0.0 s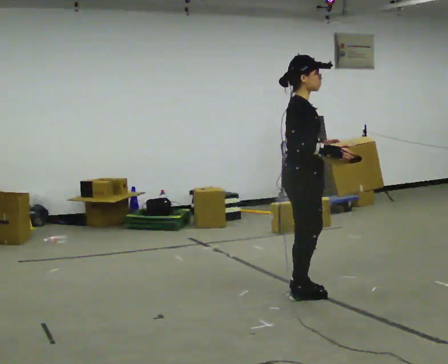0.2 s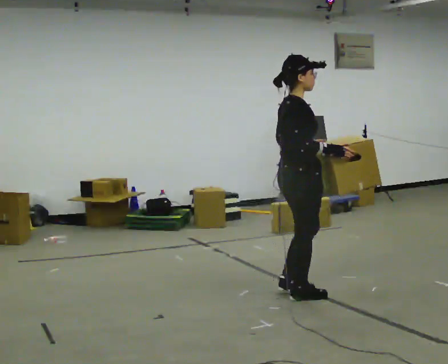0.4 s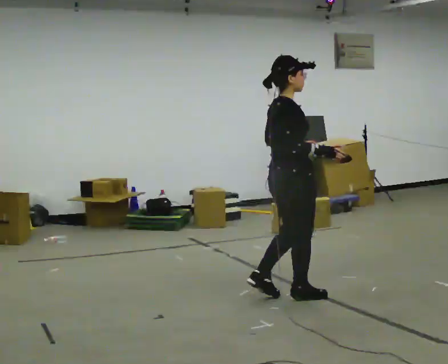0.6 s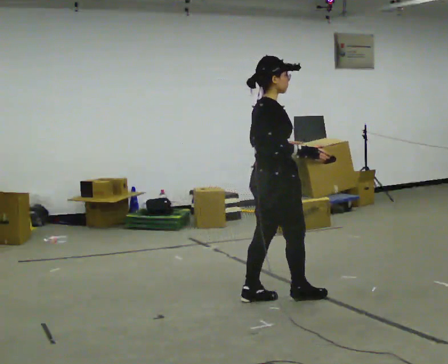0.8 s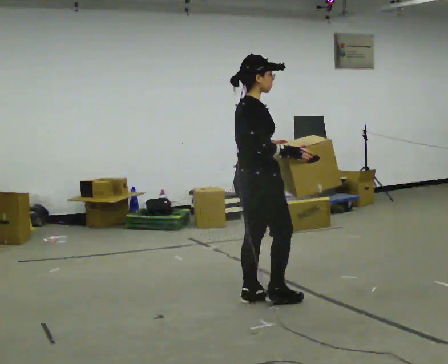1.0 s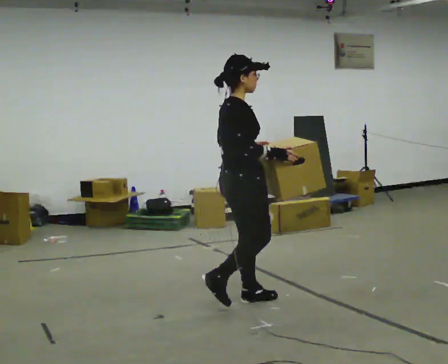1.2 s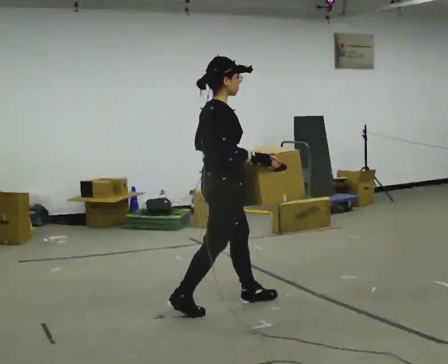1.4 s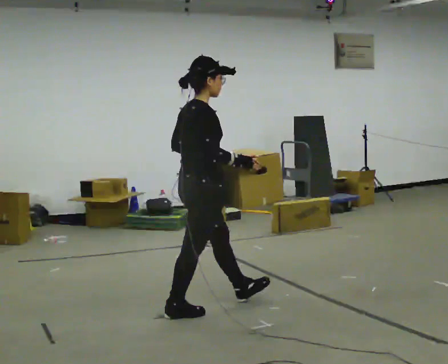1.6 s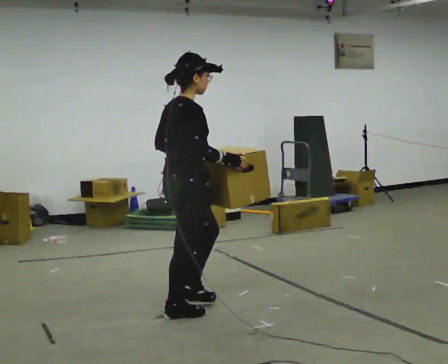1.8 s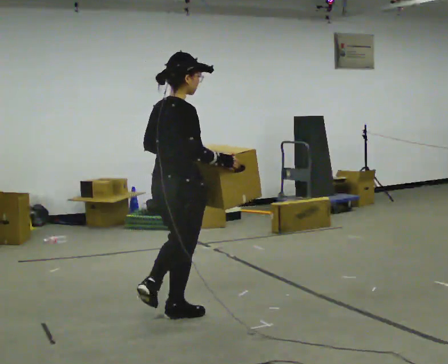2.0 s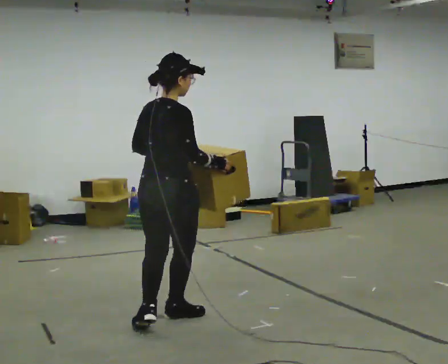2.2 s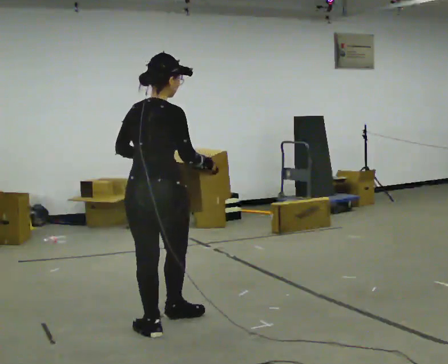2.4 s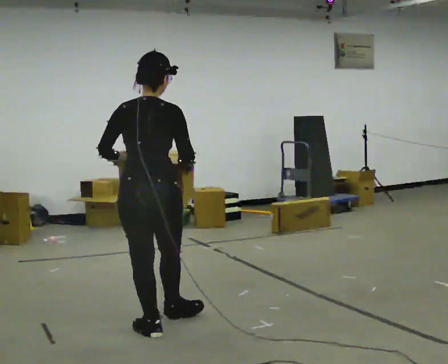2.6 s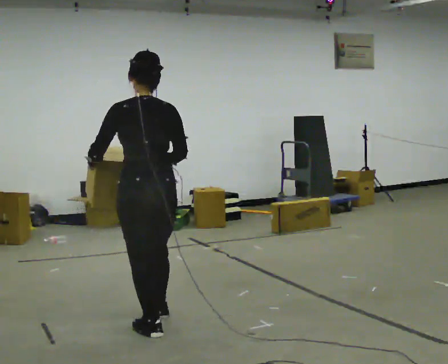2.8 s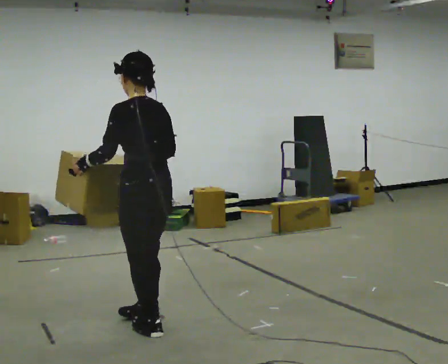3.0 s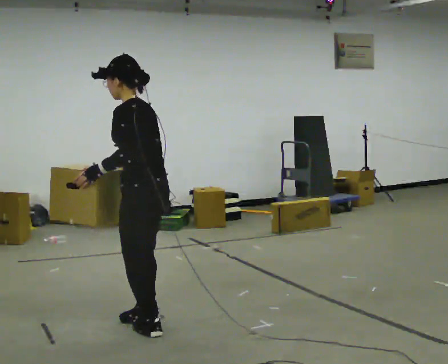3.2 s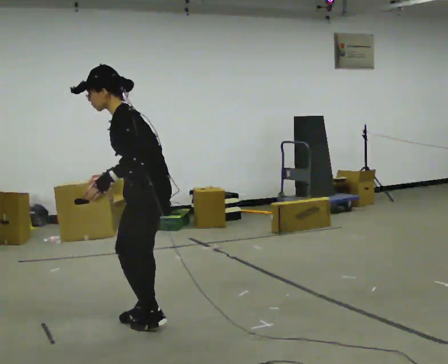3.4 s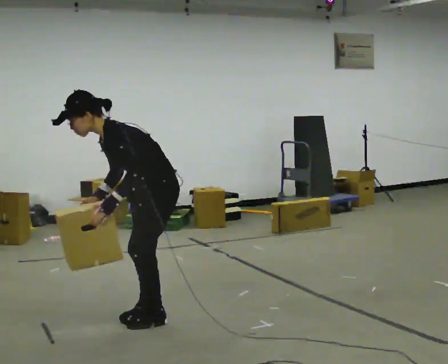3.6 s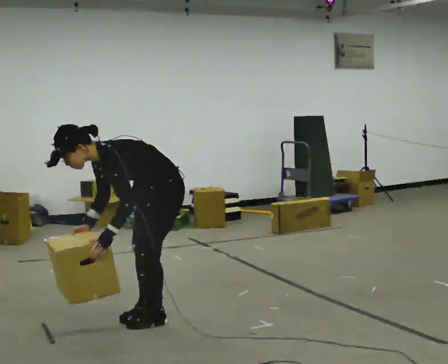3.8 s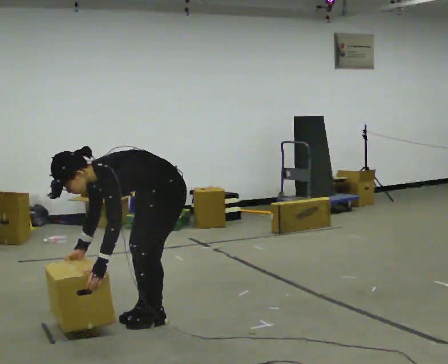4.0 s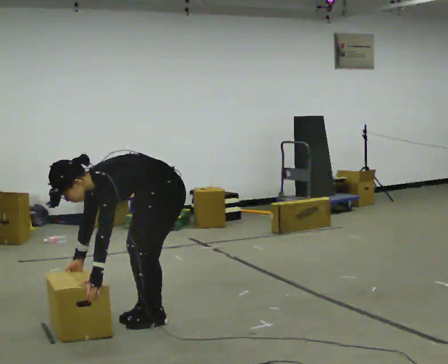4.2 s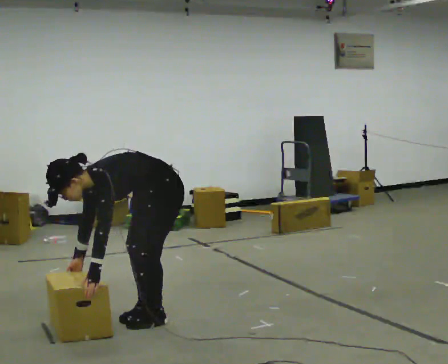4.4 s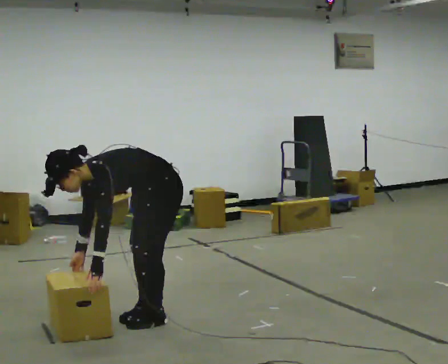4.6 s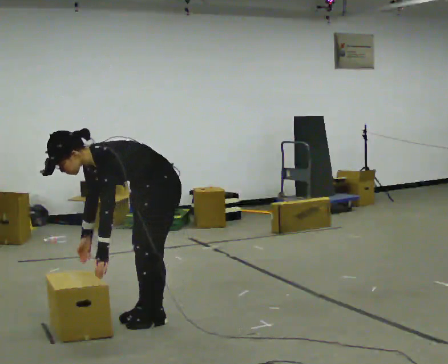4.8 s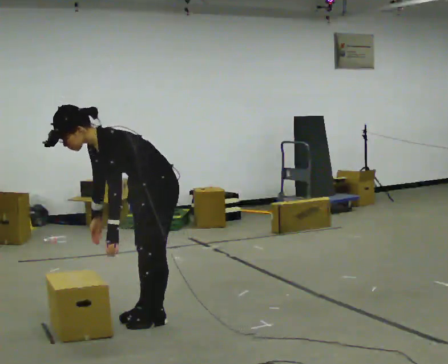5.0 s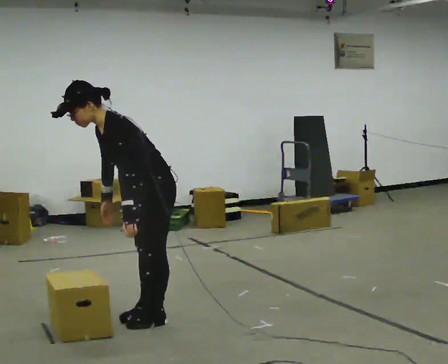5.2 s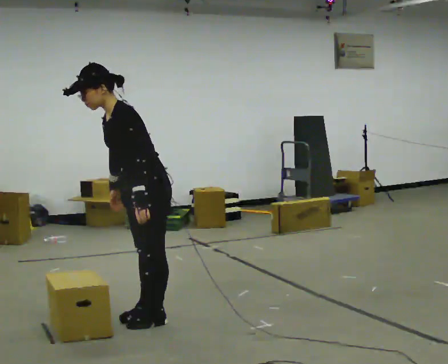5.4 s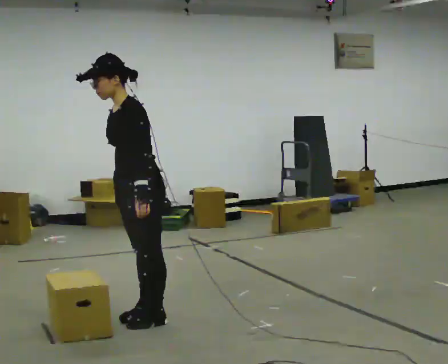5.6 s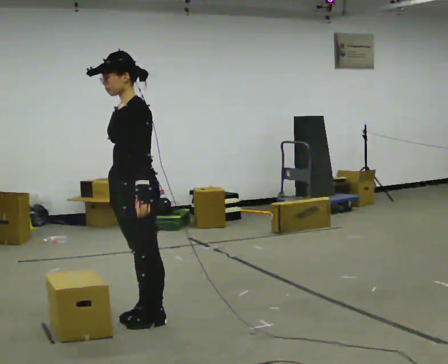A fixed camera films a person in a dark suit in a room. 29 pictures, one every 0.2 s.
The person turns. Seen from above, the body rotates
counterclockwise.
The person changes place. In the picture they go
to the left.
0.0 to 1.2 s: The person turns about 30 degrees to their left, counterclockwise seen from above, so the part of the body nearest the lens slides to the right. In the picture they go to the left and toward the camera, about 0.5 m in 2 steps, which for them is backward.
1.2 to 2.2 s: The part of the body nearest the lens slides to the right as the person turns to their left by about 60 degrees. In the picture they go to the left and toward the camera, about 0.5 m in 1 step, which for them is backward.
2.2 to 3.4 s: The person turns about 135 degrees to their left, counterclockwise seen from above, so the part of the body nearest the lens slides to the right. In the picture the upper body tilts counterclockwise, shoulders to the left, as they bend forward.
3.4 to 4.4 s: The shoulders move downward. In the picture the upper body tilts counterclockwise, shoulders to the left, as they bend forward. In the picture their left hand goes downward.
4.4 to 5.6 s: The shoulders move upward. In the picture the upper body tilts clockwise, shoulders to the right, as they lean back or straighten. In the picture their right hand goes upward.
The film runs backward here.
